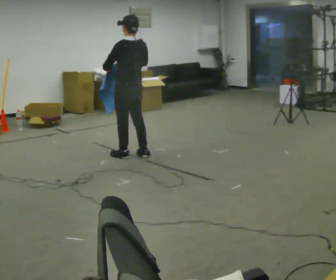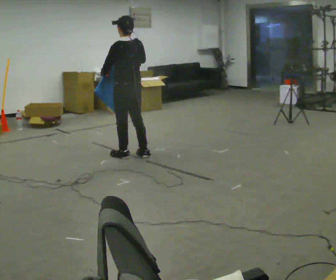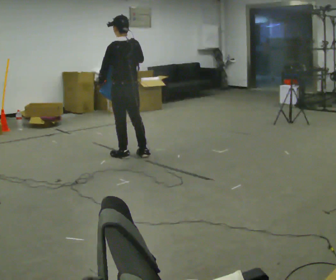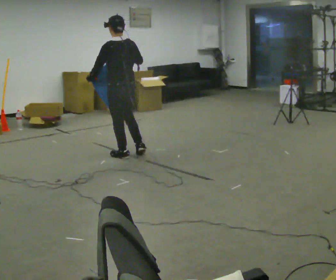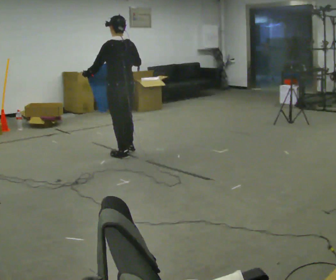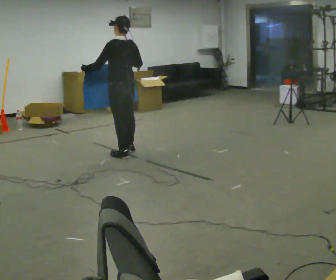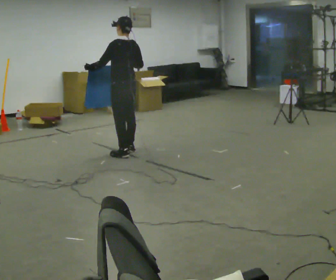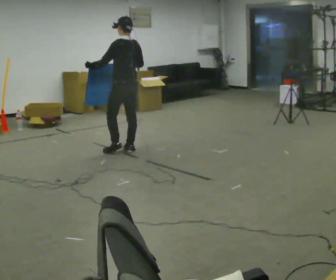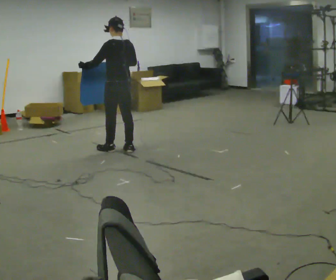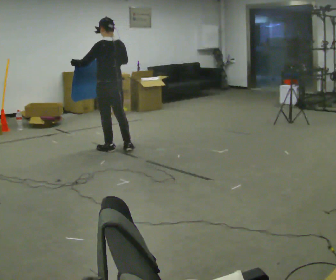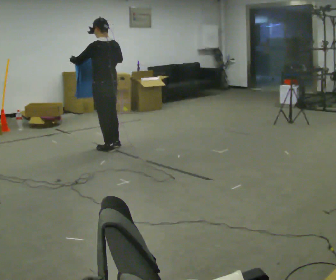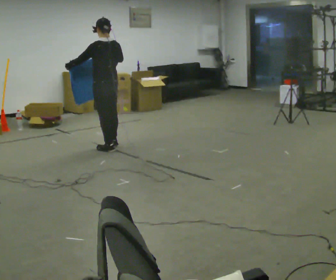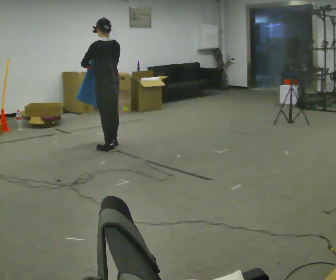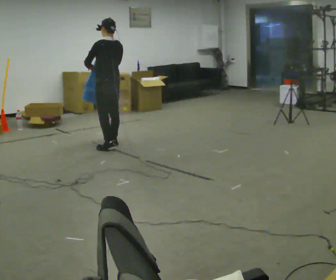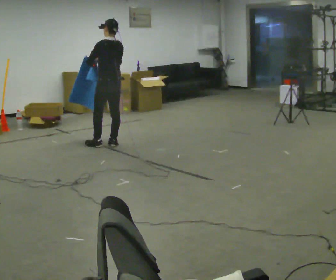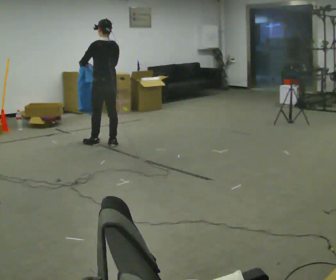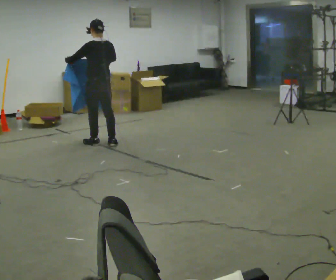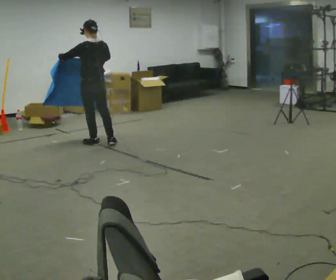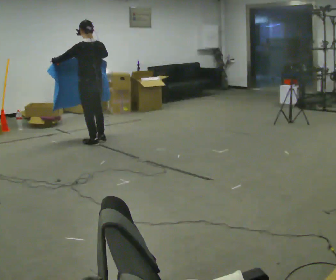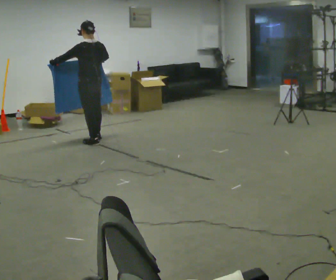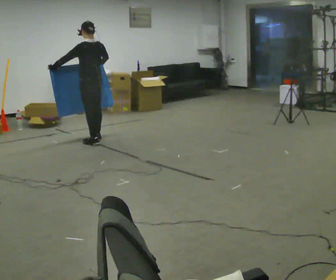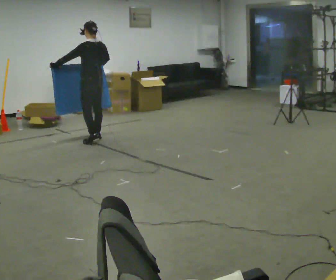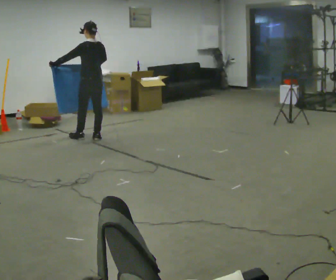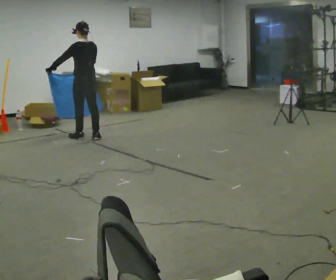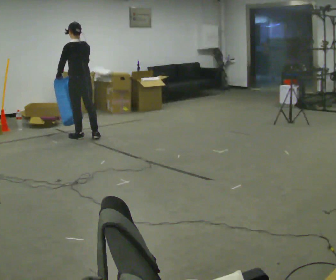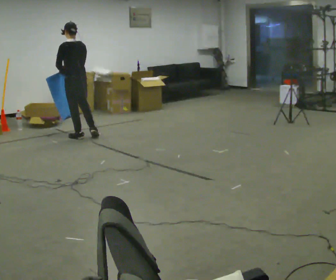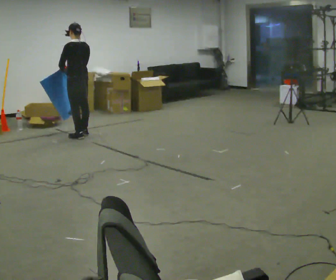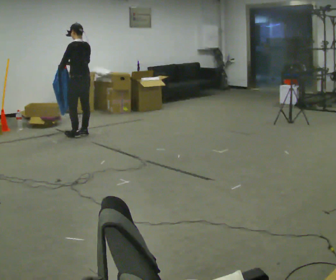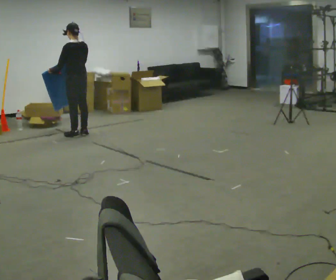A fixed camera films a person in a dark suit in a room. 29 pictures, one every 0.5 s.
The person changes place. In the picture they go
away from the camera.
0.0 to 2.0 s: The person moves a little, or ends about where they began.
2.0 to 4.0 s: In the picture they go away from the camera, about 0.25 m in 1 step, which for them is forward and to their right.
4.0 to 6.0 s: In the picture they go away from the camera, about 0.25 m in 1 step, which for them is forward.
6.0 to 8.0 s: In the picture they go away from the camera, about 0.25 m in 1 step, which for them is forward.
8.0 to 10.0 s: In the picture they go away from the camera, about 0.25 m in 1 step, which for them is forward.
10.0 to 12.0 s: In the picture they go to the left and away from the camera, about 0.25 m in 1 step, which for them is forward.
12.0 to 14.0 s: In the picture they go away from the camera, about 0.25 m in 1 step, which for them is forward.
The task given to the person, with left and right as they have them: Carry the cloth and, while walking, fold it in half, then unfold it. Keep repeating as you walk. Do not stop.
The film runs forward here.
